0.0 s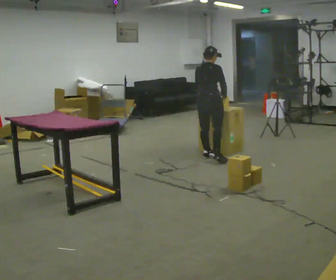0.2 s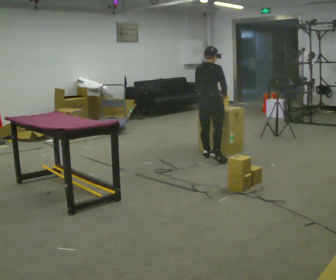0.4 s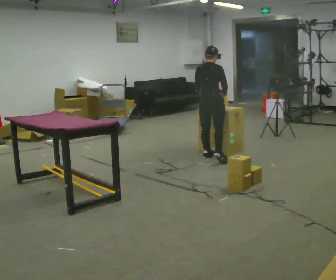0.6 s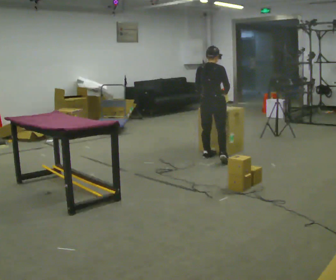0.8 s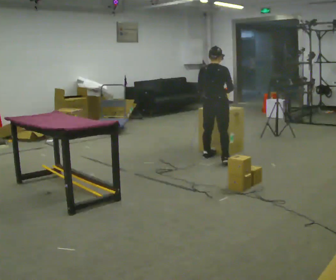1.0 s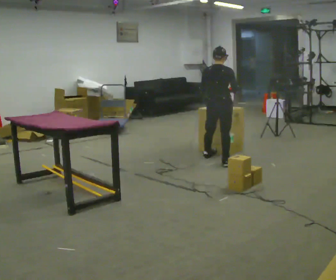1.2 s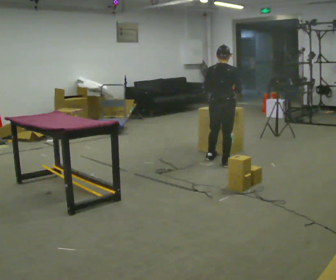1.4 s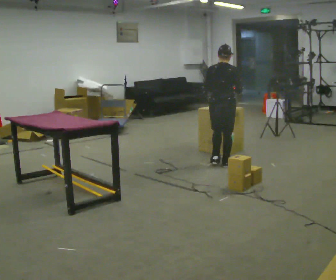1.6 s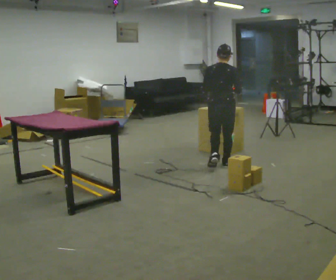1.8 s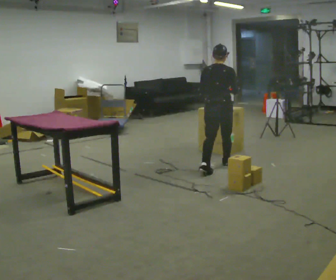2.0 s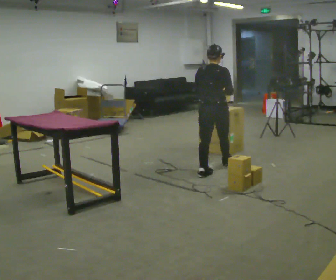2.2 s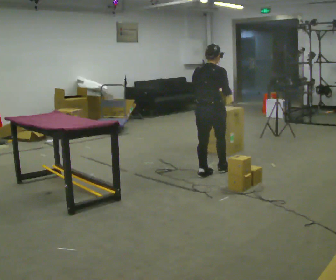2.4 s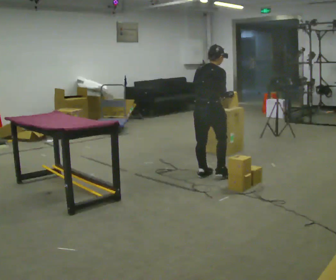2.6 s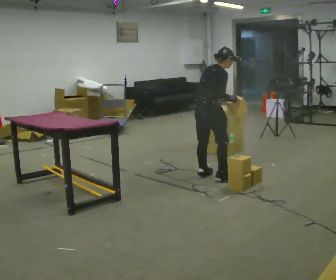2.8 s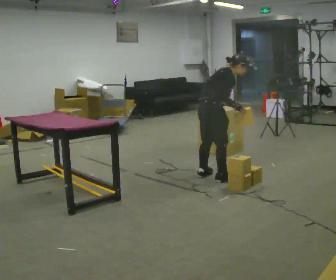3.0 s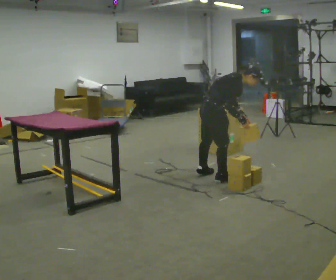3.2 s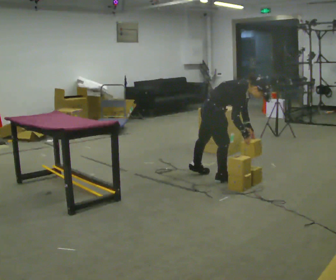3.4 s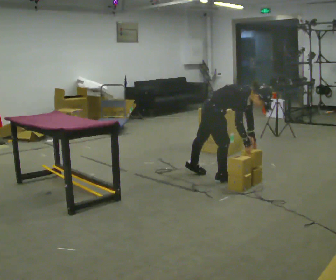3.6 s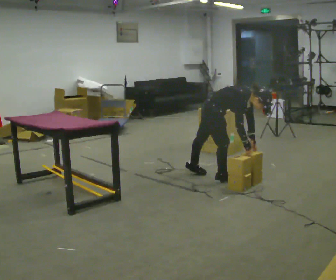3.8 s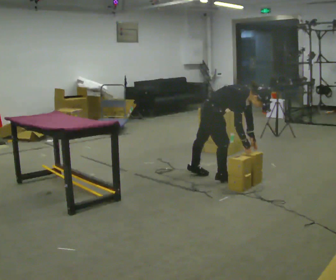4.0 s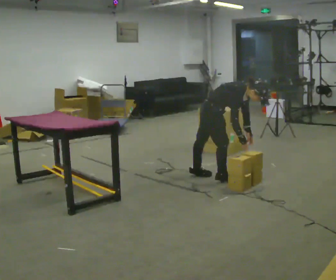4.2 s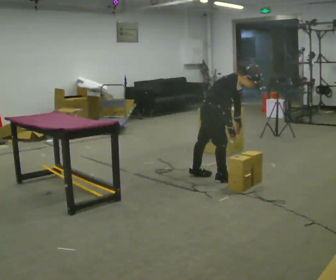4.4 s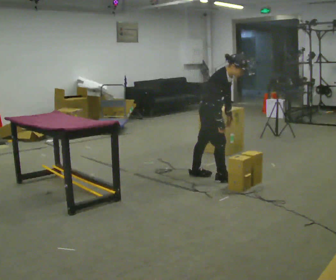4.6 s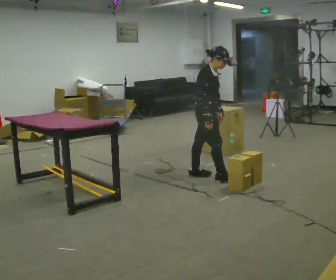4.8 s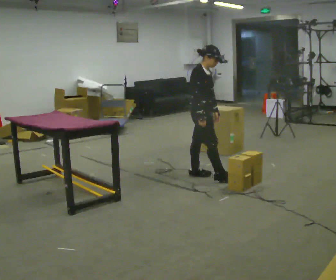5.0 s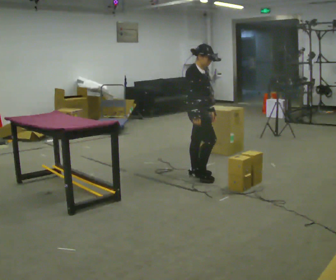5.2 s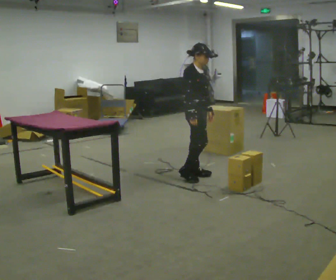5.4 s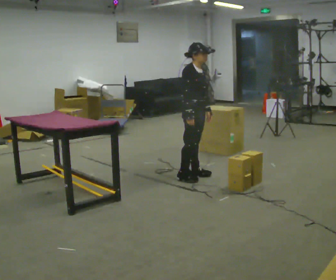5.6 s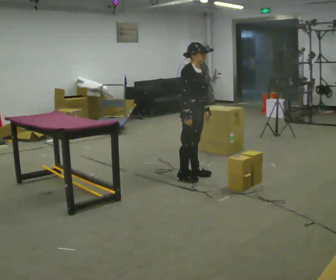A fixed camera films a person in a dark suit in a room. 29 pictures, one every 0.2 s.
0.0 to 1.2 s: In the picture they go toward the camera, about 0.5 m in 2 steps, which for them is to their right and backward.
1.2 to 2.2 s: In the picture they go toward the camera, about 0.5 m in 1 step, which for them is backward.
2.2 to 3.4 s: Seen from above the body turns clockwise, about 75 degrees: to their right, with its near side sliding to the left. In the picture they go toward the camera, about 0.25 m. The upper body goes downward. In the picture the upper body tilts clockwise, shoulders to the right, as they bend forward. In the picture their right hand goes downward.
3.4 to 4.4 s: The upper body goes upward. In the picture the upper body tilts counterclockwise, shoulders to the left, as they lean back or straighten.
4.4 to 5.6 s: In the picture they go to the left, about 0.25 m in 1 step, which for them is backward. In the picture the upper body tilts counterclockwise, shoulders to the left, as they lean back or straighten. In the picture their right hand goes to the left.
The film runs backward here.
